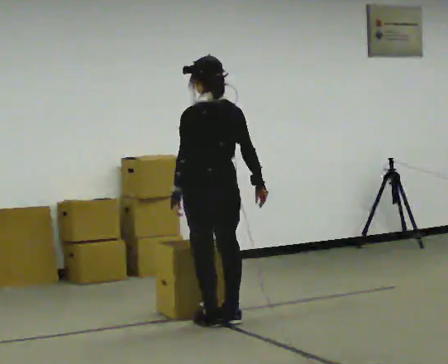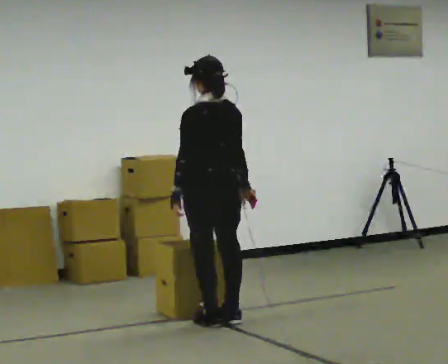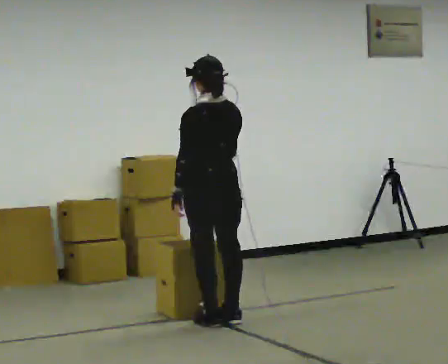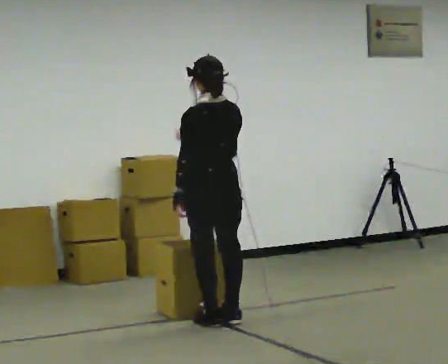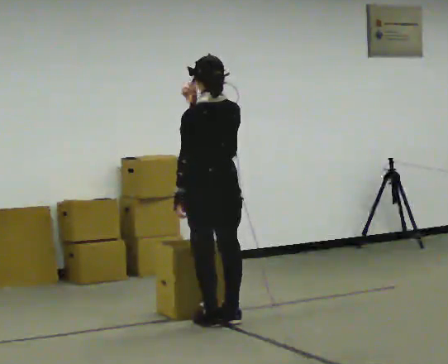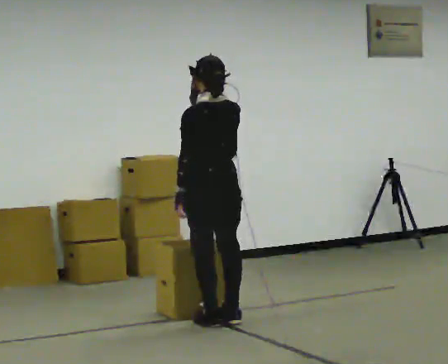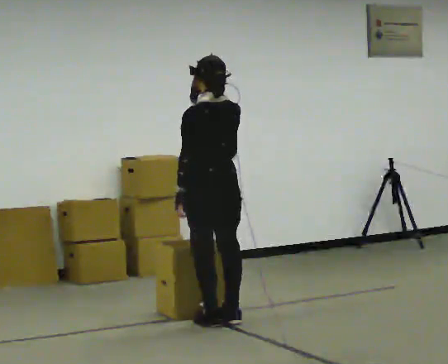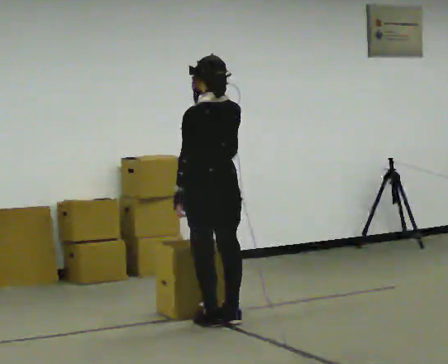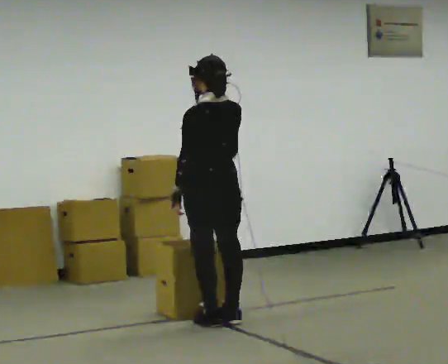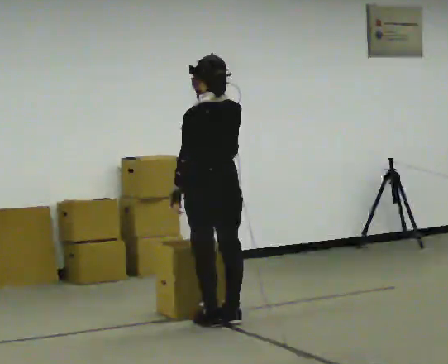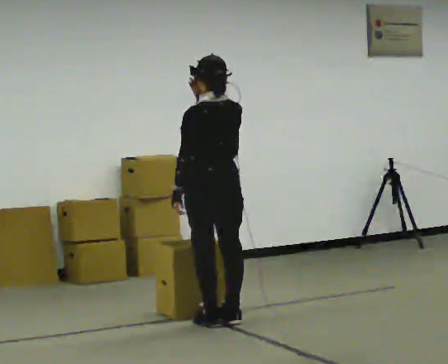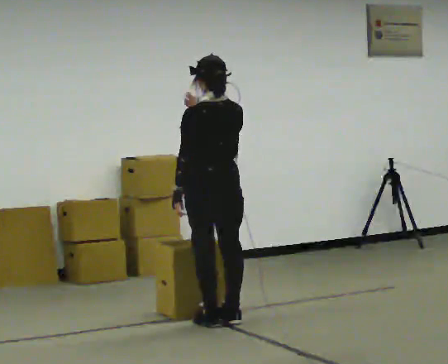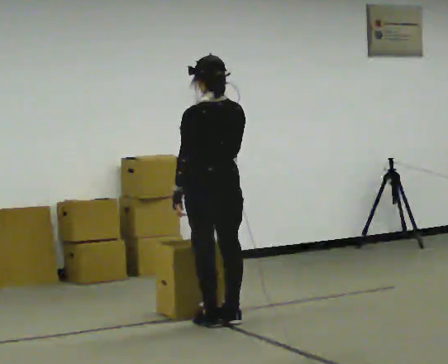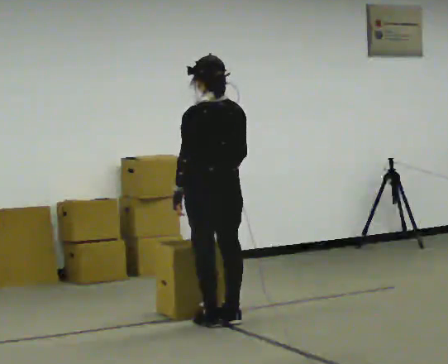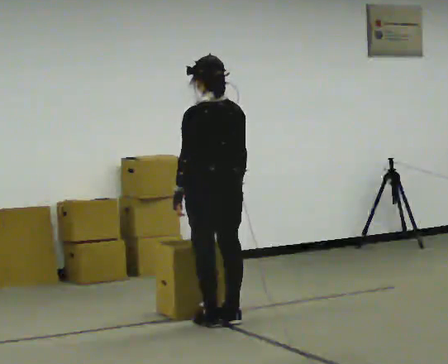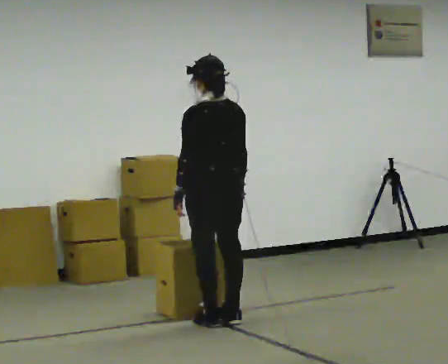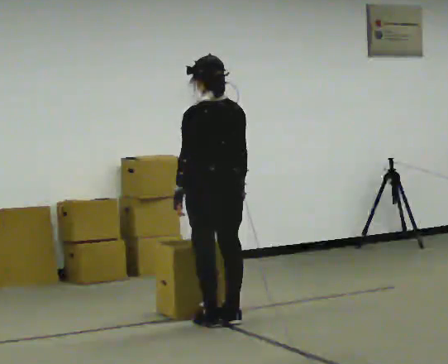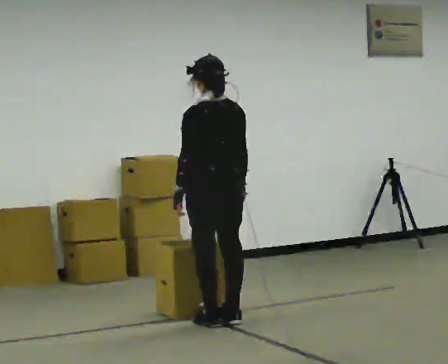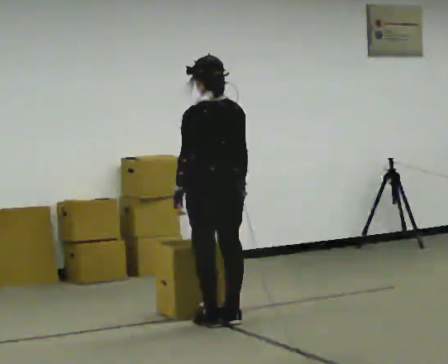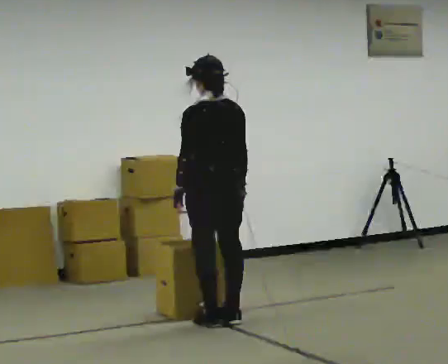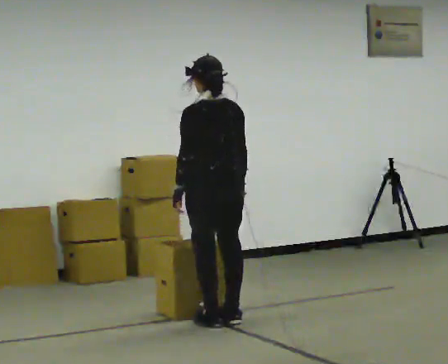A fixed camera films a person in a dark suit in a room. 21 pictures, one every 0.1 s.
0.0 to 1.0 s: In the picture their right hand goes upward and to the left.
1.0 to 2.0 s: In the picture their right hand goes downward.
The film runs backward here.
